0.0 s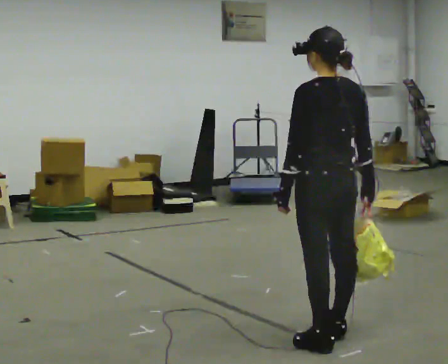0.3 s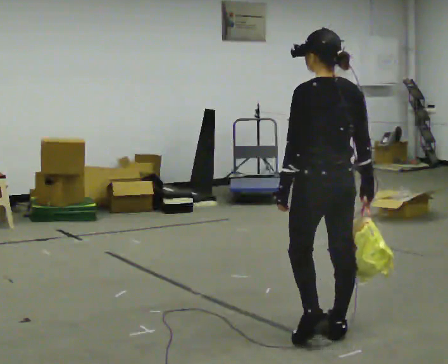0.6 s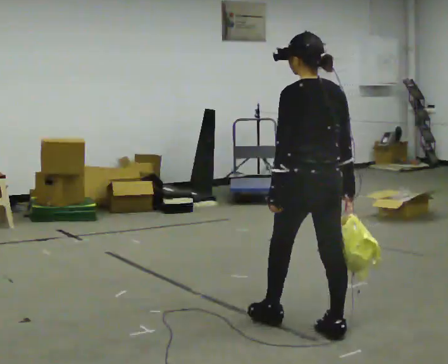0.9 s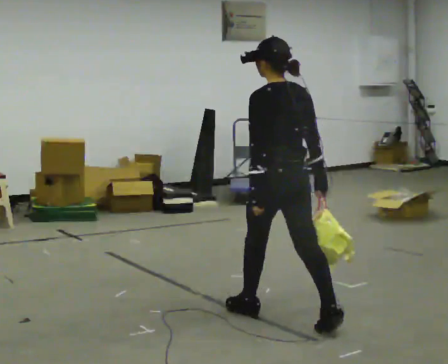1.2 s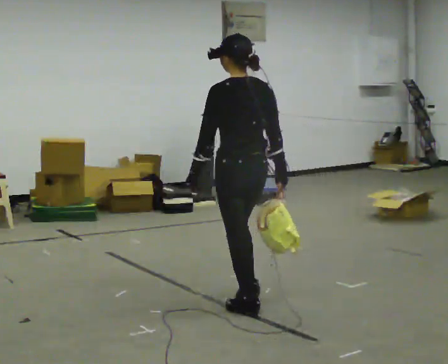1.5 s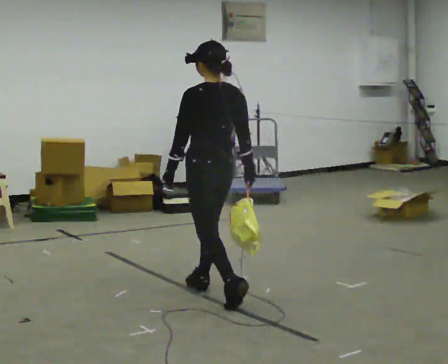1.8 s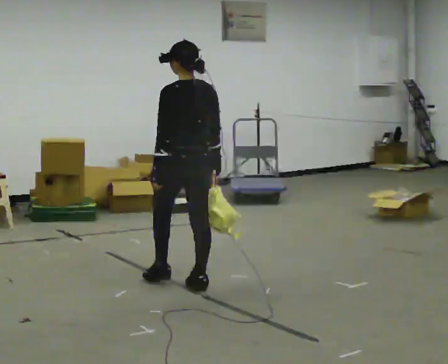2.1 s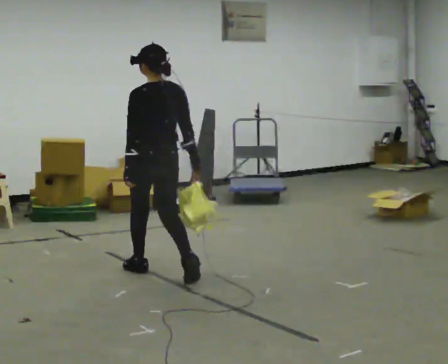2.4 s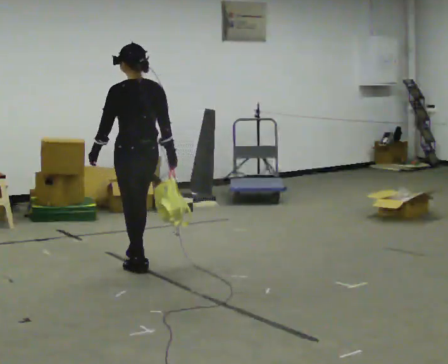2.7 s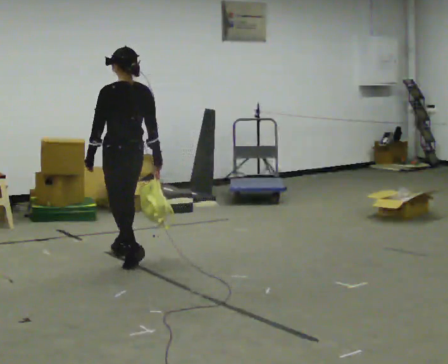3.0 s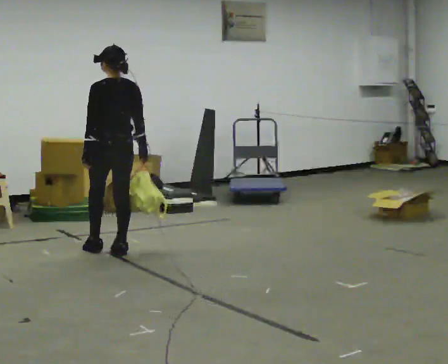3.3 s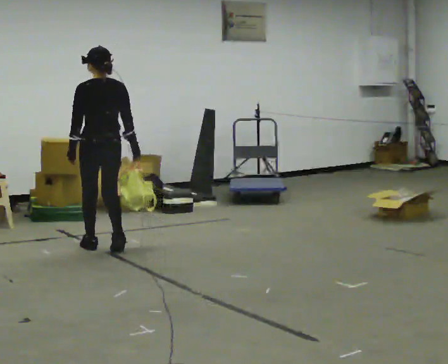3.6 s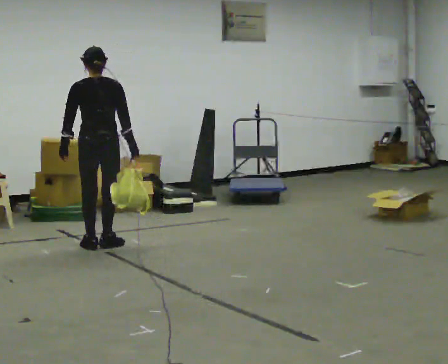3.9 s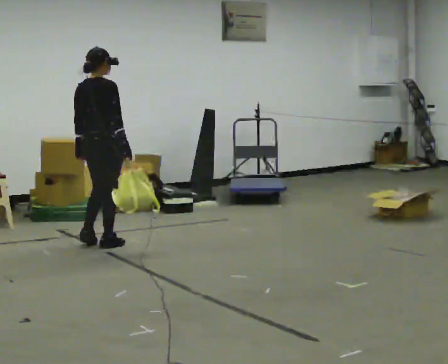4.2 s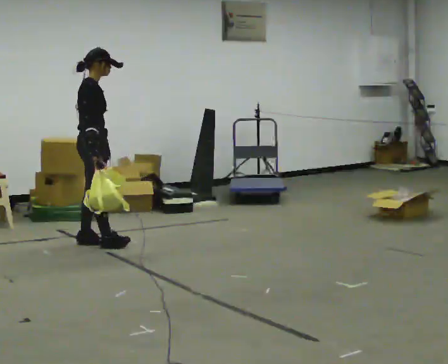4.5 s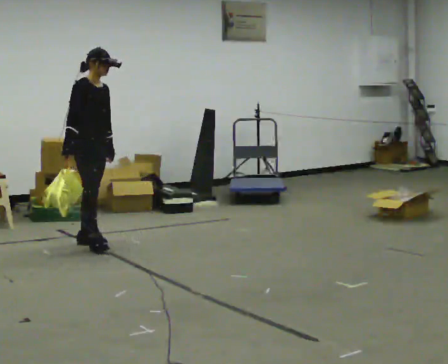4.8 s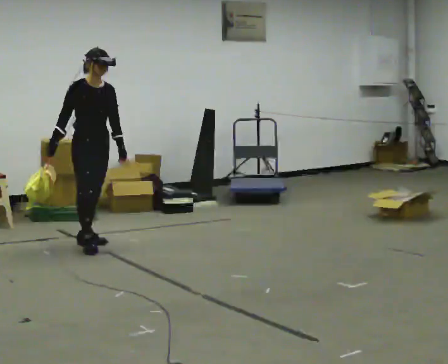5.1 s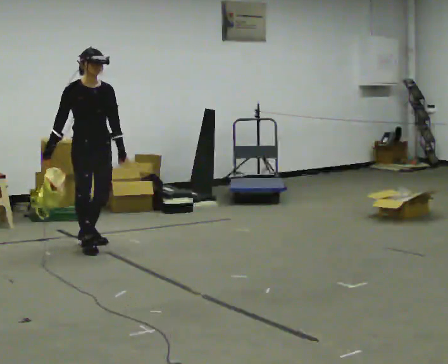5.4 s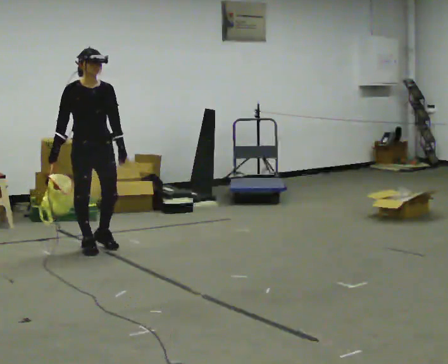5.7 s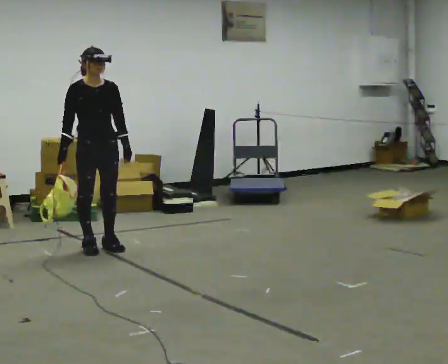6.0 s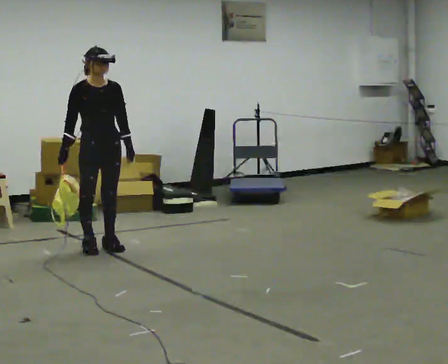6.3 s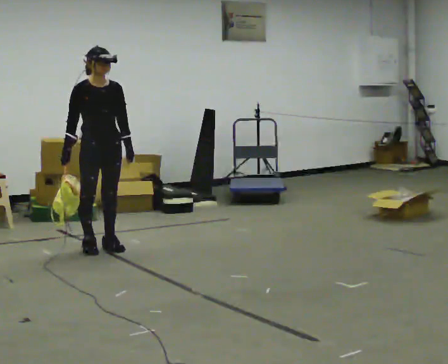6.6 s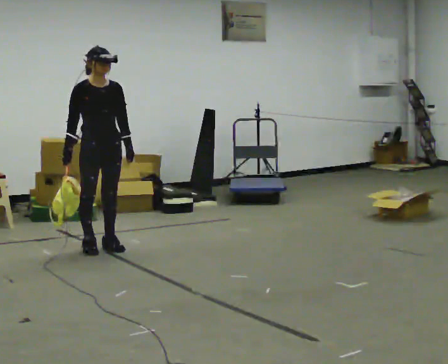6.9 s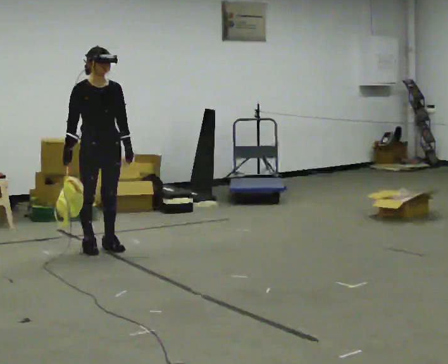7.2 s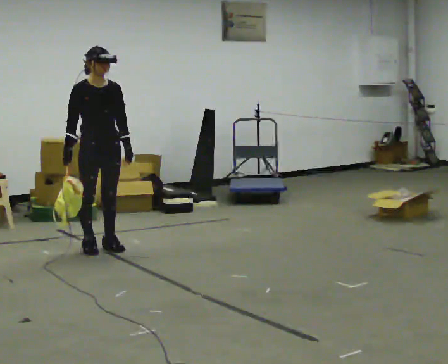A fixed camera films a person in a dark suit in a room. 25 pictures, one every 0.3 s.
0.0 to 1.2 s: In the picture they go away from the camera and to the left, about 0.75 m in 1 step, which for them is forward.
1.2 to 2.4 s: In the picture they go away from the camera and to the left, about 1 m in 2 steps, which for them is forward.
2.4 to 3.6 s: The part of the body nearest the lens slides to the left as the person turns to their right by about 30 degrees. In the picture they go away from the camera and to the left, about 0.75 m in 3 steps, which for them is forward.
3.6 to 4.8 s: Seen from above the body turns clockwise, about 135 degrees: to their right, with its near side sliding to the left. In the picture their right hand goes to the left, the arm swinging clockwise.
4.8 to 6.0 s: The person moves a little, or ends about where they began.
6.0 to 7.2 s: The person keeps their place and pose.
The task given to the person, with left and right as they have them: Carry the soft bag across the room, back and forth. It will change shape as you move, so hold it however works.
The film runs forward here.
